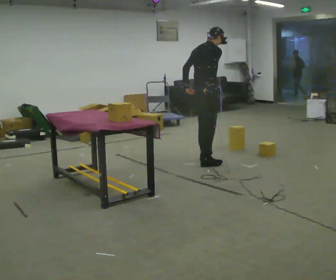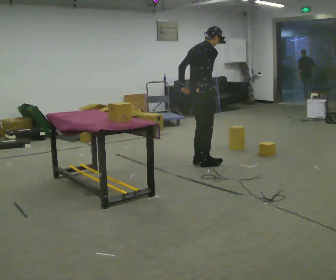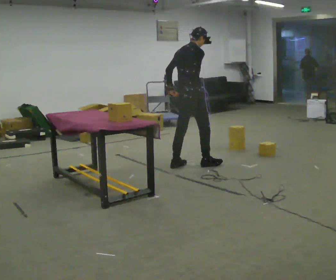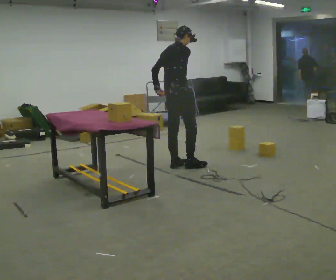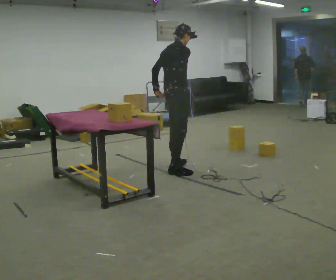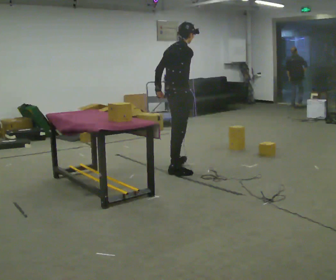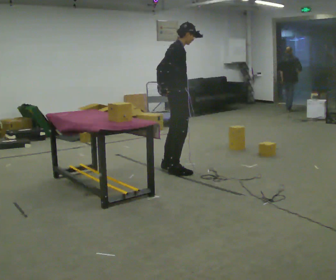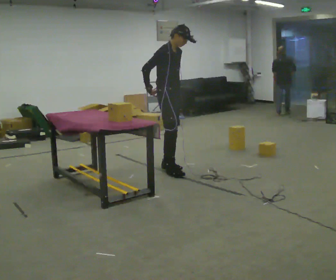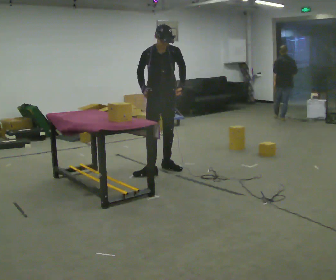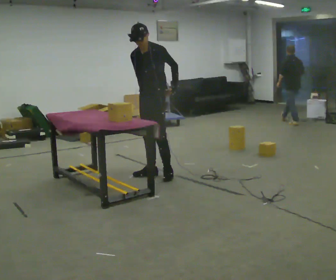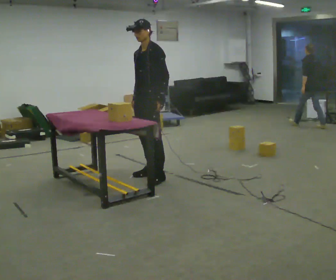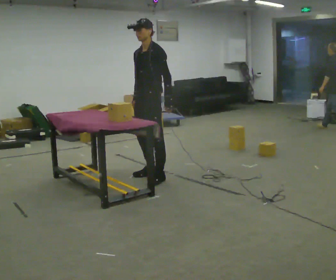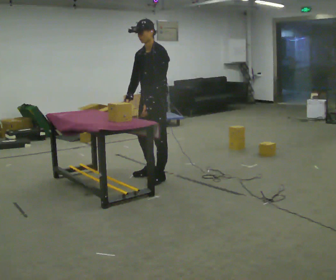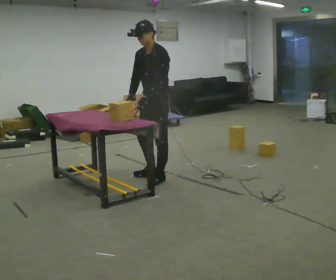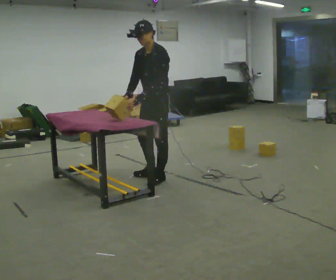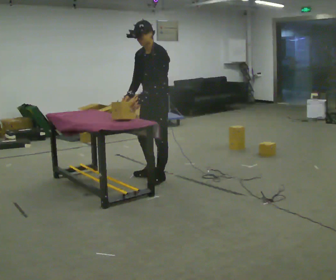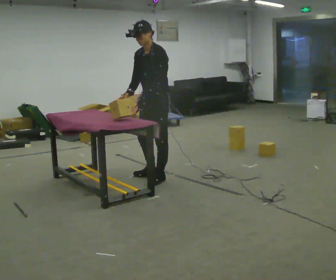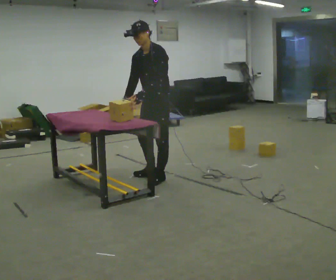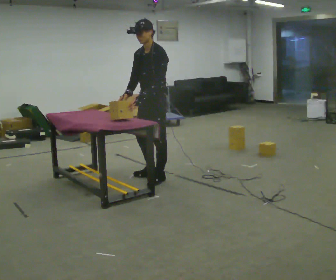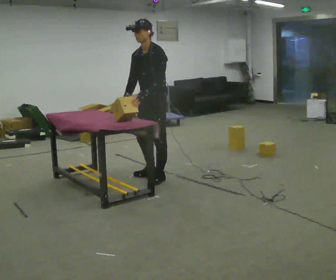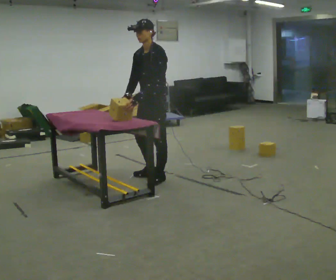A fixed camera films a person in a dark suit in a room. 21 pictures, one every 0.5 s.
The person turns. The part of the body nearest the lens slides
to the left.
The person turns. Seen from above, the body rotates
clockwise.
0.0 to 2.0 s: In the picture they go to the left, about 0.5 m in 2 steps, which for them is backward.
2.0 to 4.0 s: Seen from above the body turns clockwise, about 120 degrees: to their right, with its near side sliding to the left. In the picture their left hand goes to the right, the arm swinging counterclockwise.
4.0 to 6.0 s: Seen from above the body turns clockwise, about 45 degrees: to their right, with its near side sliding to the left. In the picture they go toward the camera, about 0.5 m in 1 step, which for them is forward and to their left.
6.0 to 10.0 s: The person moves a little, or ends about where they began.
The film runs backward here.
